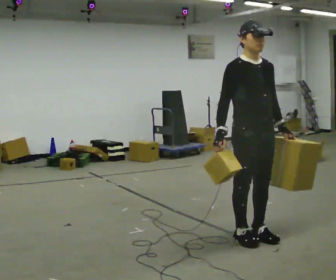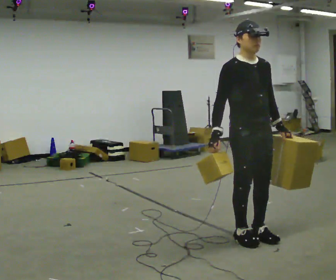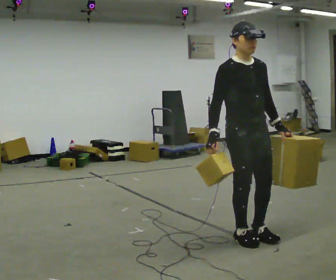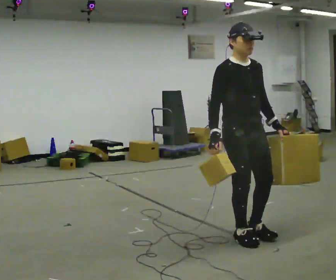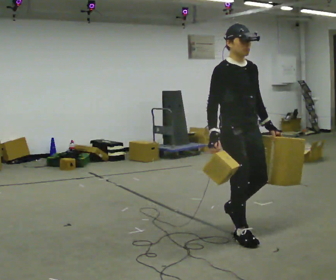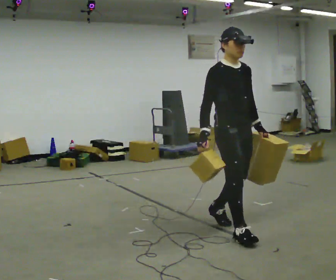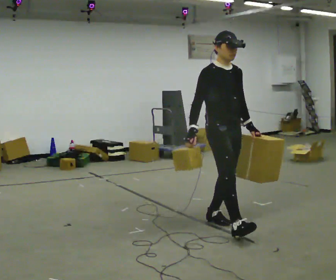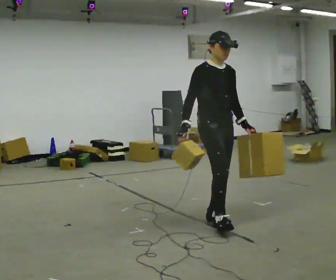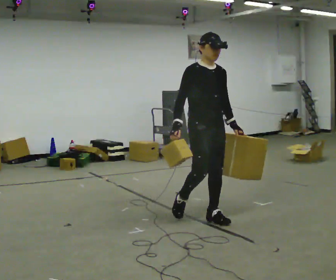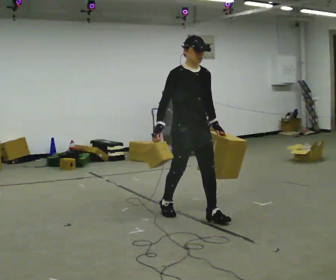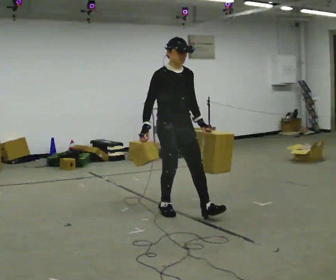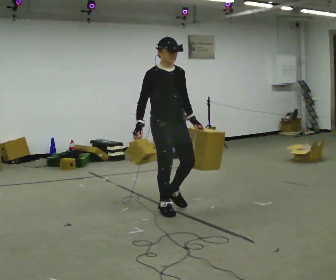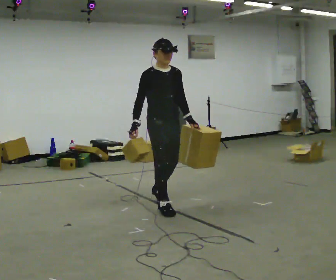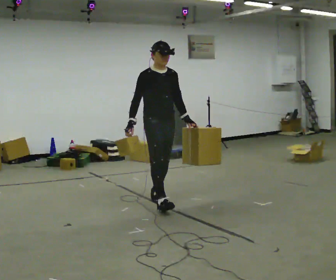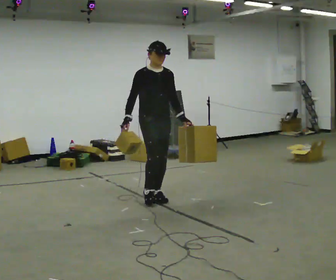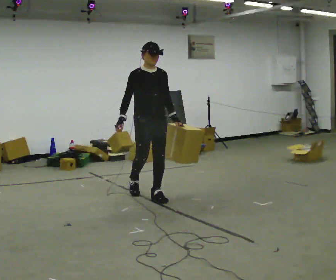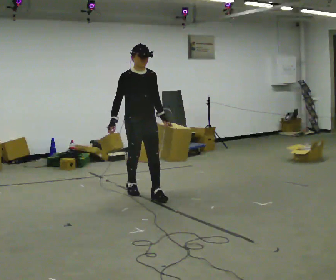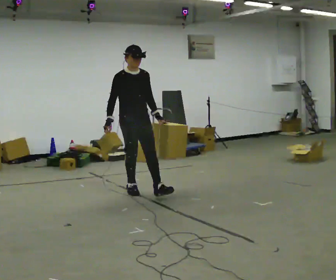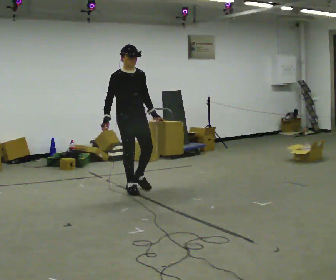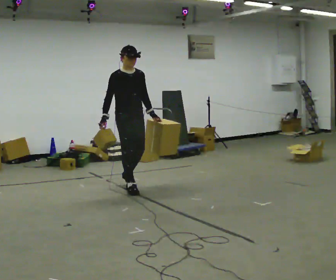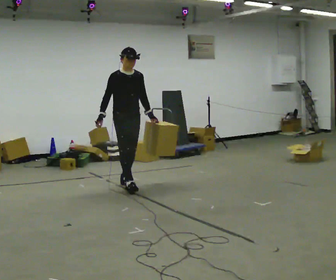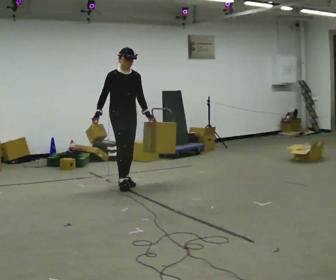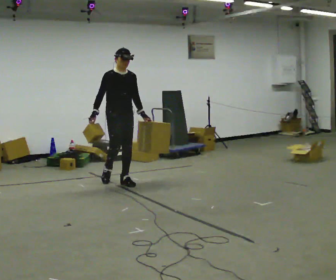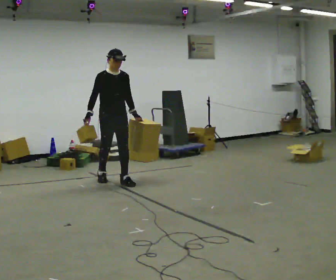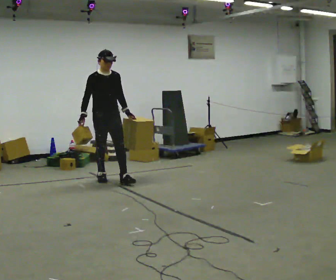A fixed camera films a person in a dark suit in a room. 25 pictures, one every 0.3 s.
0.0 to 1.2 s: The person moves a little, or ends about where they began.
1.2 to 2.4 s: In the picture they go away from the camera, about 0.5 m in 1 step, which for them is backward.
2.4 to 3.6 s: In the picture they go away from the camera and to the left, about 0.5 m in 1 step, which for them is backward.
3.6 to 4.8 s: In the picture they go away from the camera and to the left, about 0.5 m in 1 step, which for them is backward.
4.8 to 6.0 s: In the picture they go away from the camera and to the left, about 0.5 m in 1 step, which for them is backward.
6.0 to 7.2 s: In the picture they go away from the camera and to the left, about 0.5 m in 1 step, which for them is backward.
The film runs backward here.
